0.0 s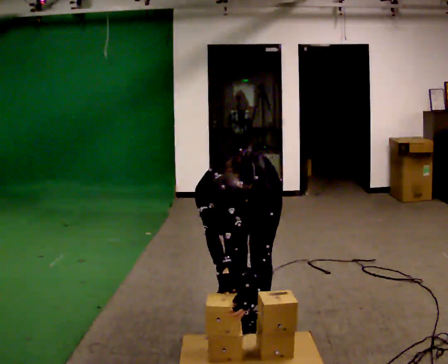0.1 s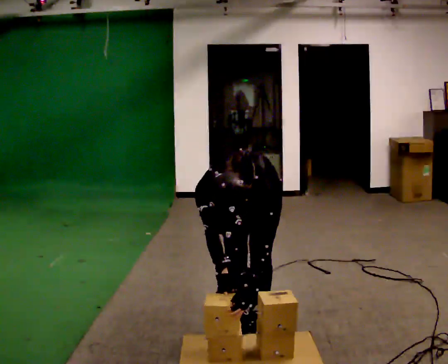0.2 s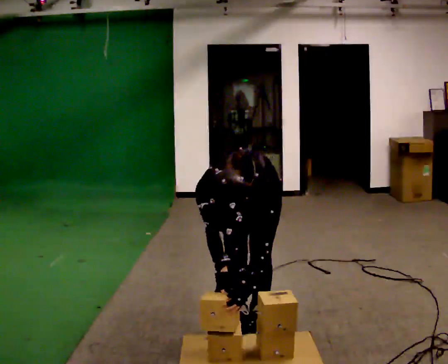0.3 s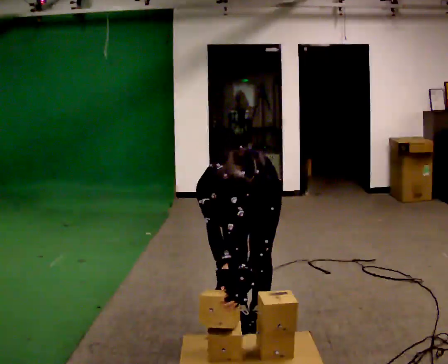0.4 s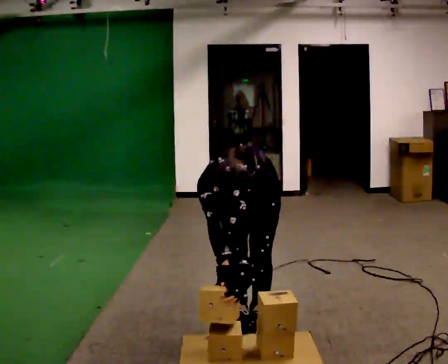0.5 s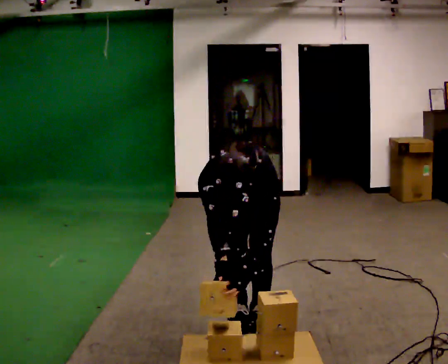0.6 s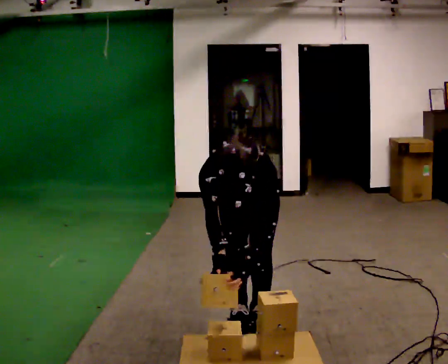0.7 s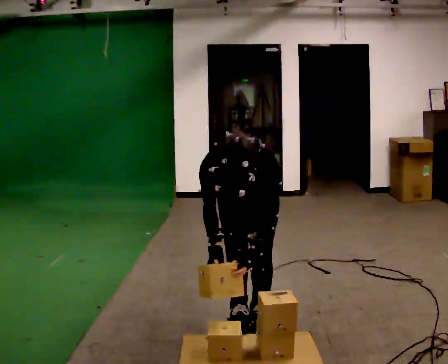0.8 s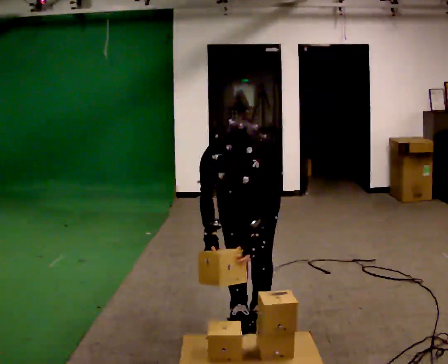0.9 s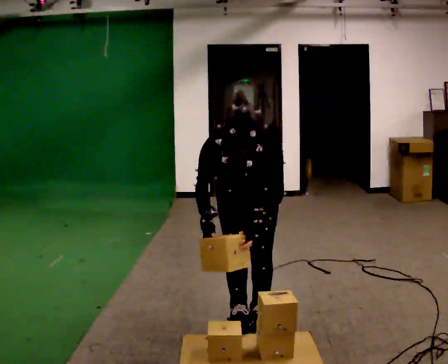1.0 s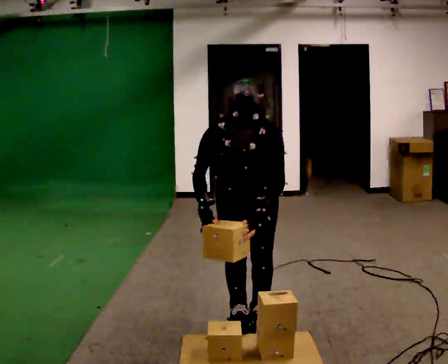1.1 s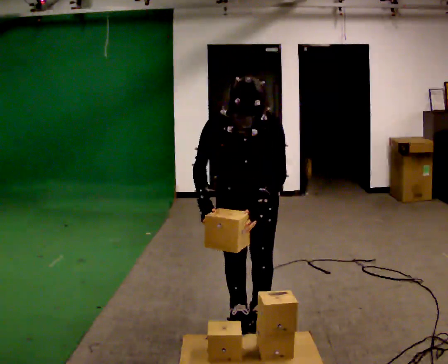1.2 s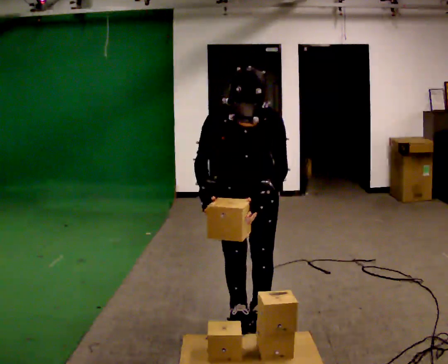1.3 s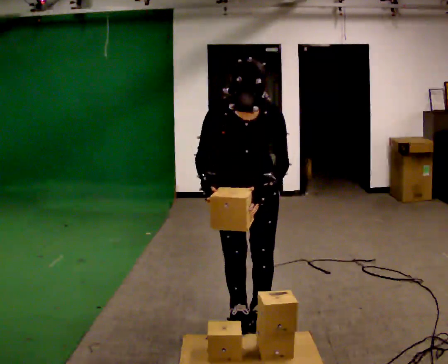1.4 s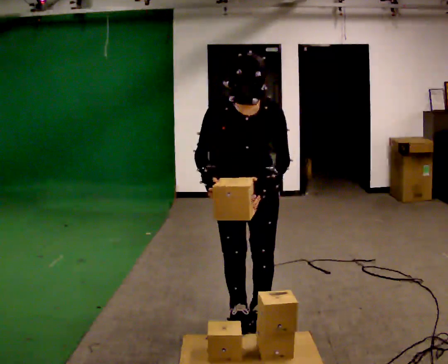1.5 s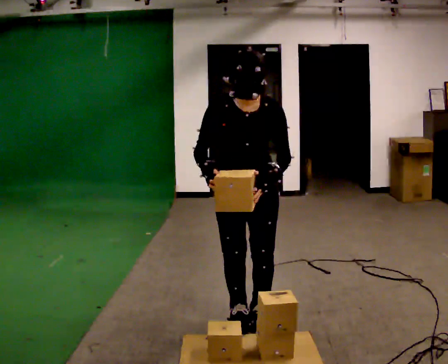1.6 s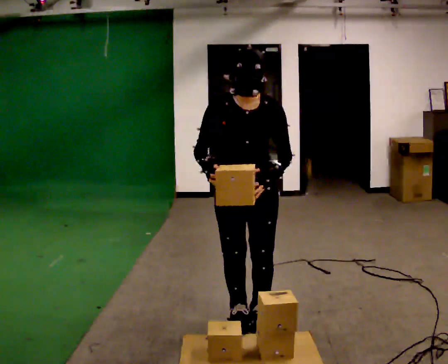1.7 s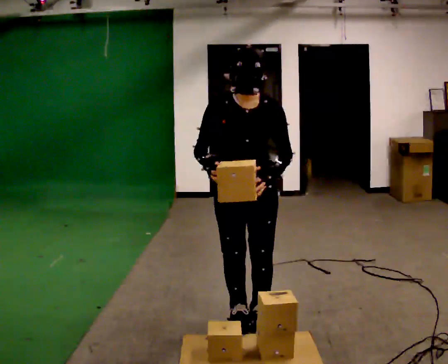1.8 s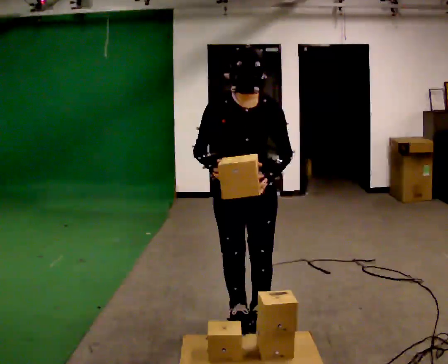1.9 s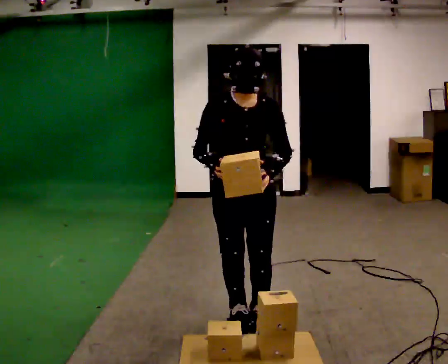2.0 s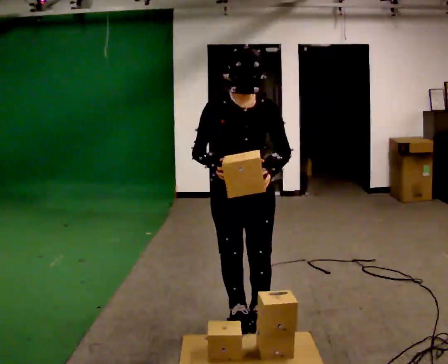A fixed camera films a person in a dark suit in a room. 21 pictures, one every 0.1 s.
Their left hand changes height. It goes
upward.
The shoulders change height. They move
upward.
0.0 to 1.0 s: The shoulders move upward. The upper body tips away from the camera, its near side rolling upward, as they lean back or straighten.
1.0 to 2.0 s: The shoulders move upward. The upper body tips away from the camera, its near side rolling upward, as they lean back or straighten.
The film runs backward here.
